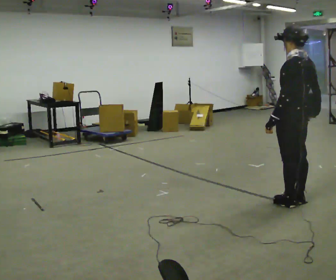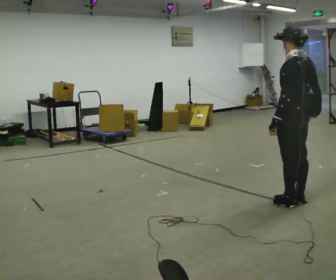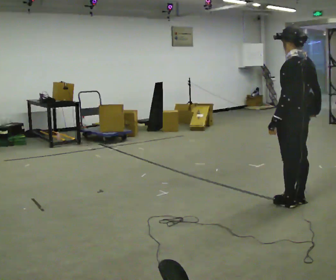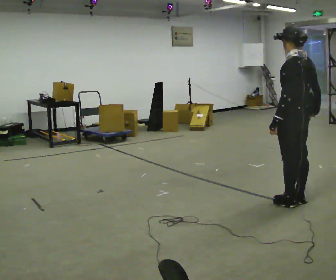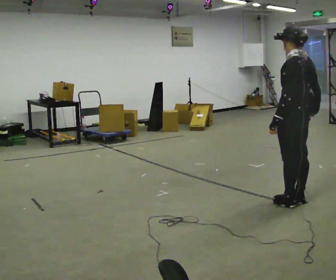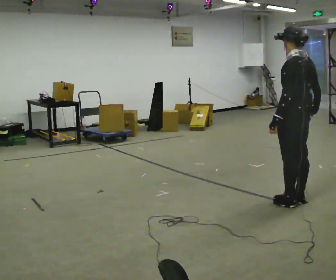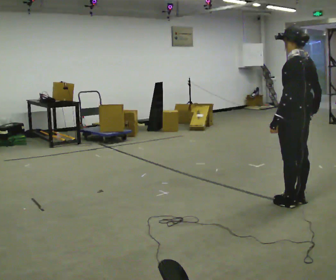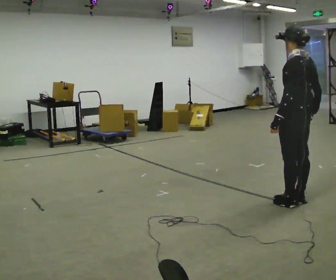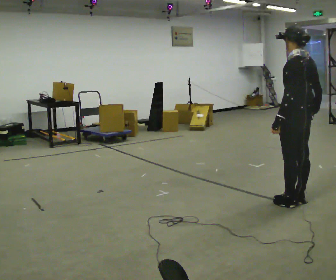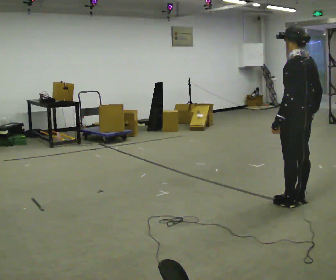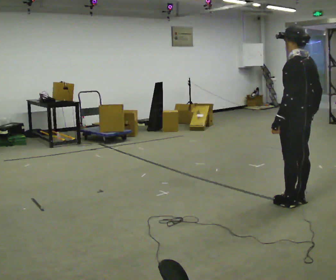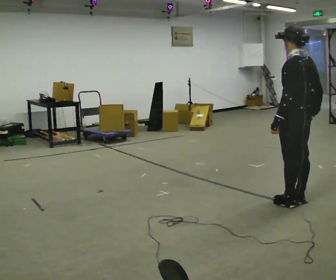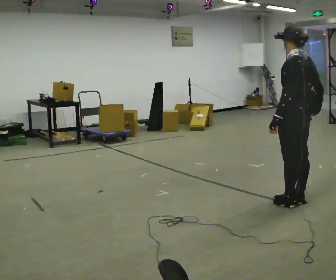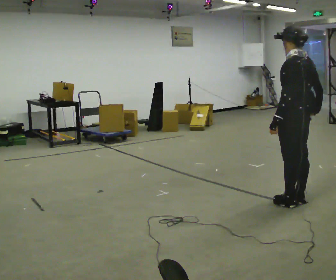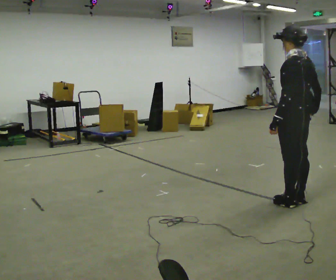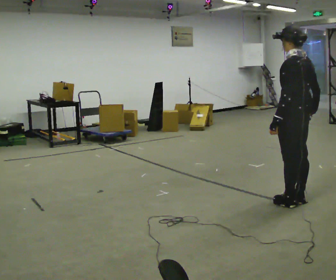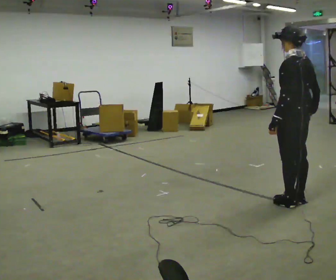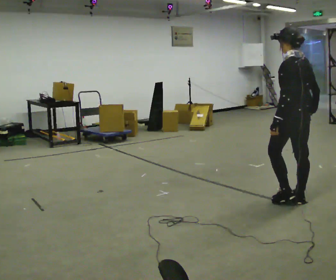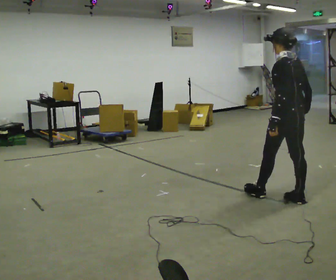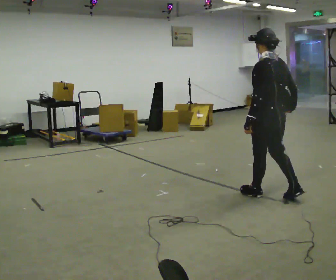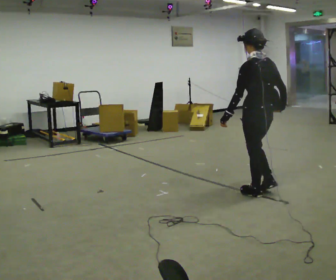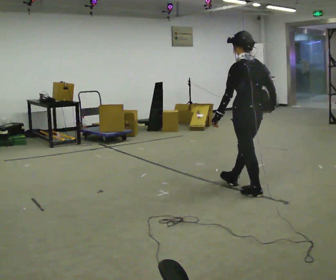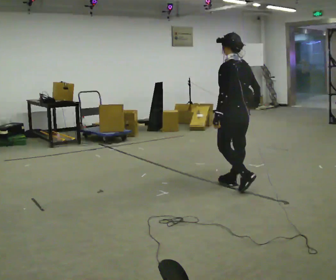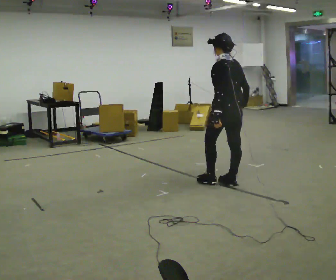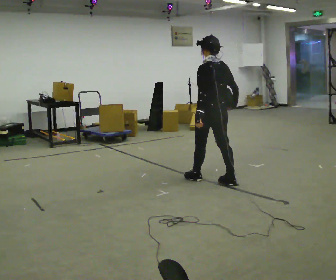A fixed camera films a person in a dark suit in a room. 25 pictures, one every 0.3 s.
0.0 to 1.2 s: The person moves a little, or ends about where they began.
1.2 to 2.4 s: The person keeps their place and pose.
2.4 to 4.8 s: The person moves a little, or ends about where they began.
4.8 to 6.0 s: In the picture they go to the left and away from the camera, about 0.5 m in 1 step, which for them is forward.
6.0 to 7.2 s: In the picture they go to the left and away from the camera, about 0.75 m in 2 steps, which for them is forward.
The film runs forward here.
